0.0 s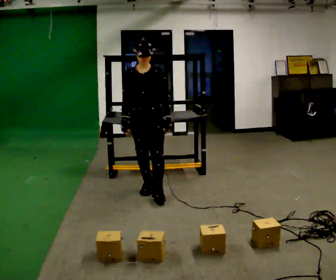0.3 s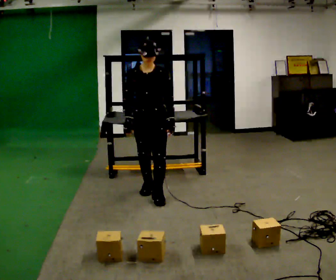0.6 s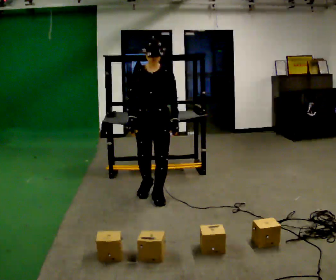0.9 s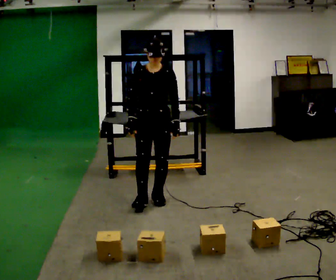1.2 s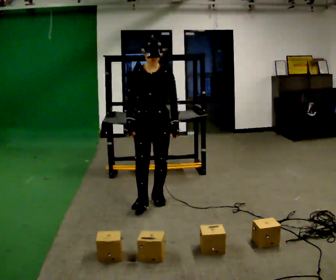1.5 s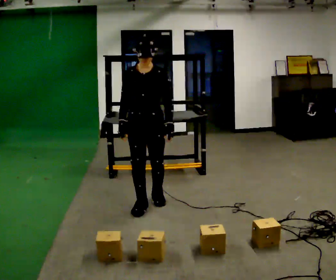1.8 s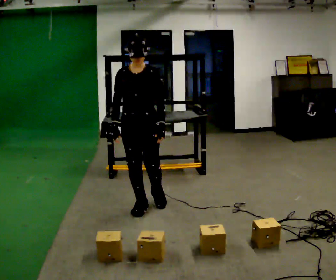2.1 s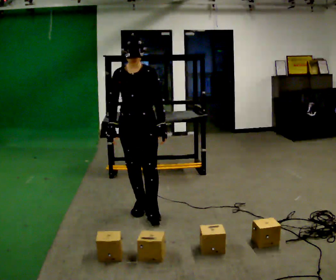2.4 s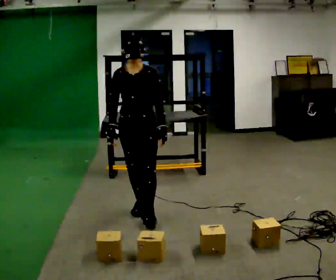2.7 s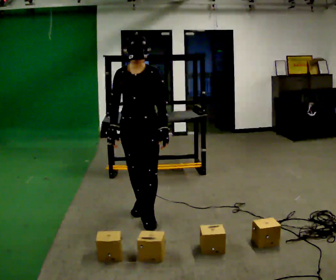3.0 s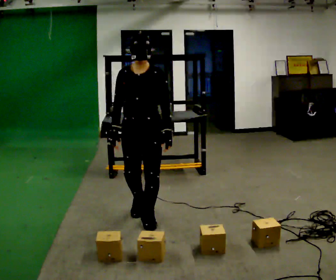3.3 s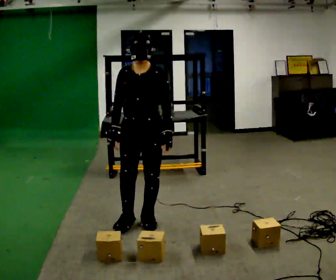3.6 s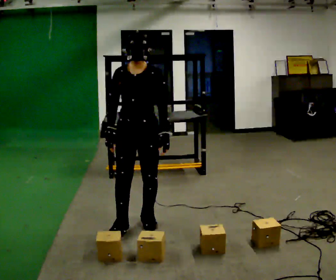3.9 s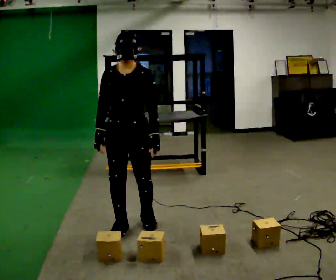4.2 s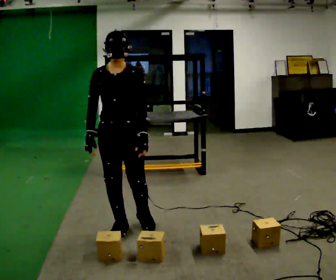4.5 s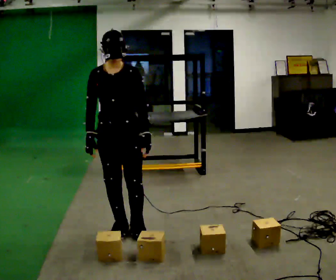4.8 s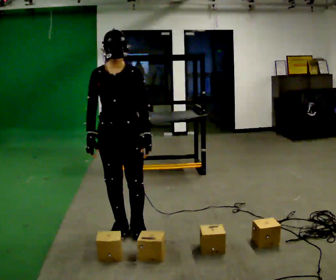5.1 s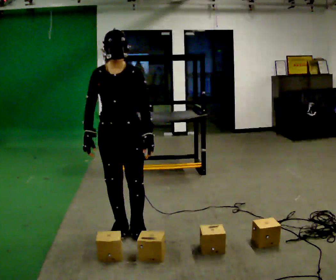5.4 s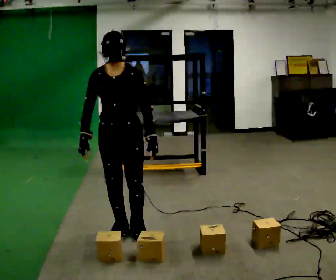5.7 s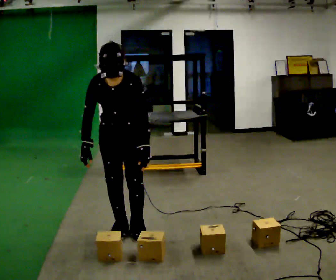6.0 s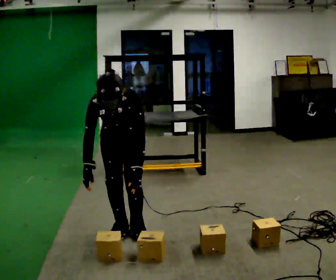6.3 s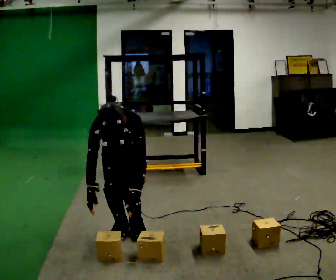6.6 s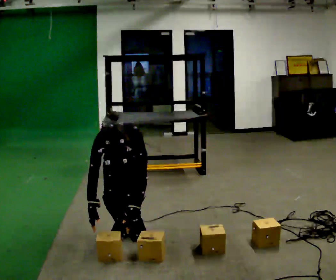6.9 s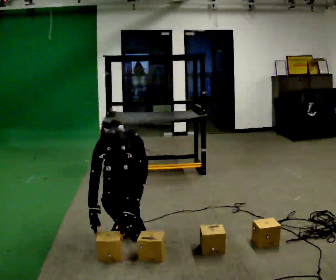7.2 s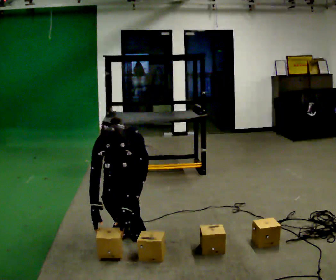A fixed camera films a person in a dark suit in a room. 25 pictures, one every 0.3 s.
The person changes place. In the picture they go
toward the camera.
The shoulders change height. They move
downward.
0.0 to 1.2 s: In the picture they go toward the camera, about 0.25 m in 1 step, which for them is forward.
1.2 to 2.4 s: In the picture they go toward the camera, about 0.25 m in 1 step, which for them is forward.
2.4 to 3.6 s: In the picture they go toward the camera, about 0.25 m in 1 step, which for them is forward.
3.6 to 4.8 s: In the picture they go toward the camera, about 0.25 m in 1 step, which for them is forward.
4.8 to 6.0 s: The shoulders move downward. The upper body tips toward the camera, its near side rolling downward, as they bend forward.
6.0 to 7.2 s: The upper body goes downward.
The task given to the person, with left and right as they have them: Pick an object up off the floor, carry it across the room, and place it on the highest shelf you can comfortably reach. Keep going until the operator says stop; one object at a time, and do not rush between trips.
The film runs forward here.
